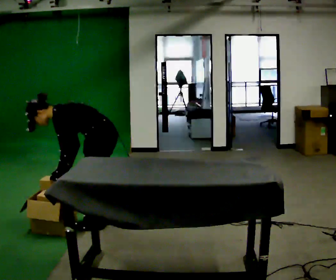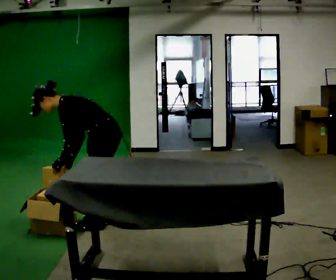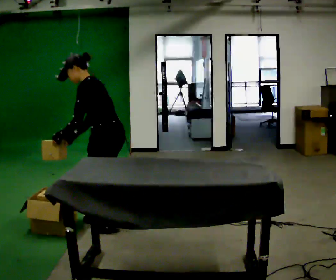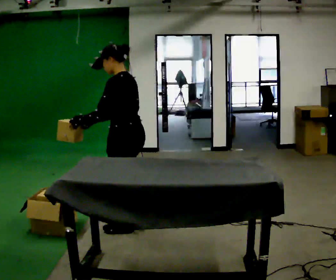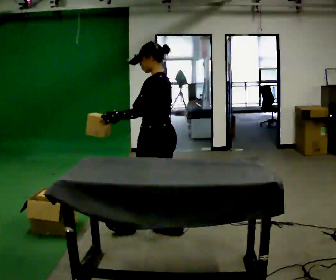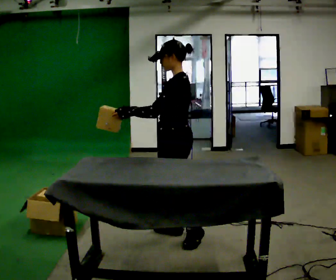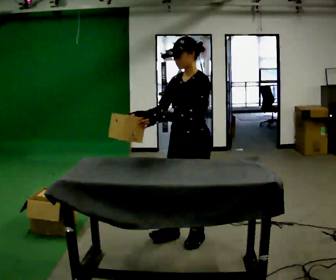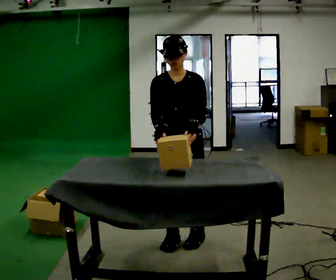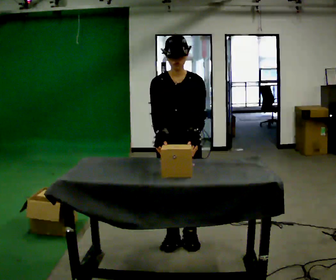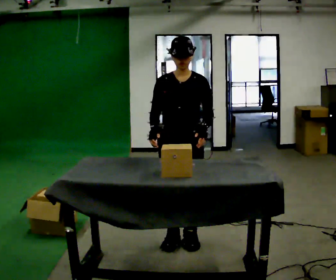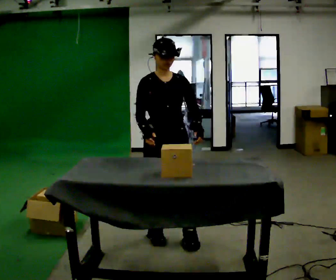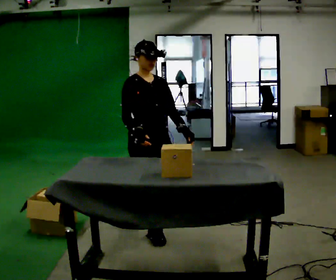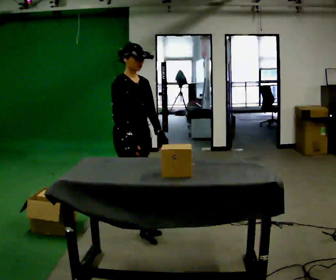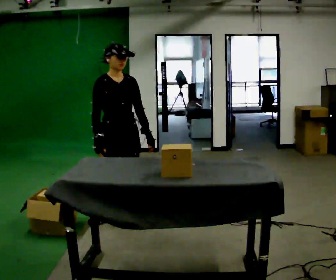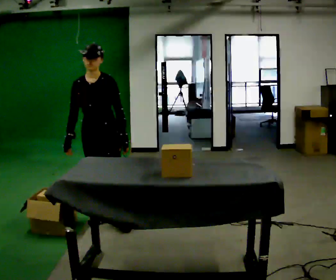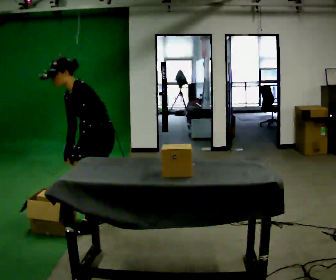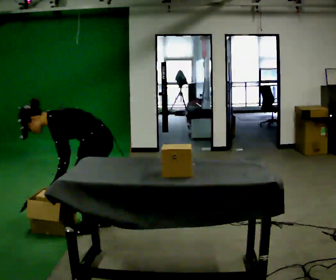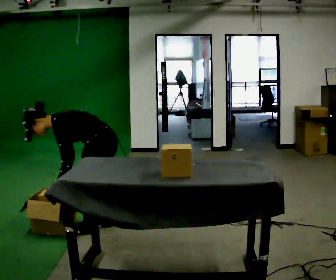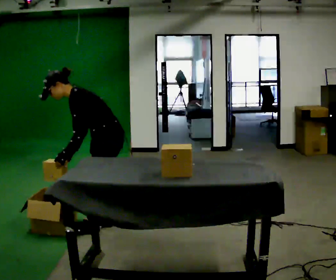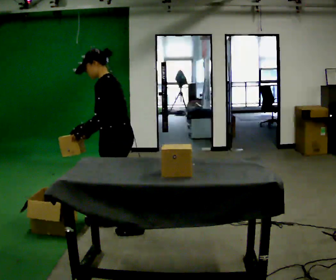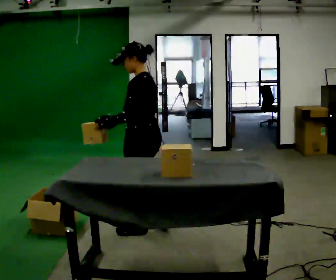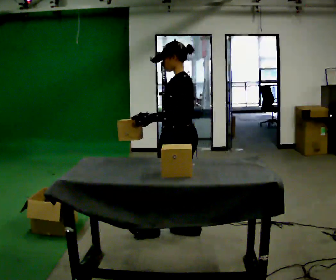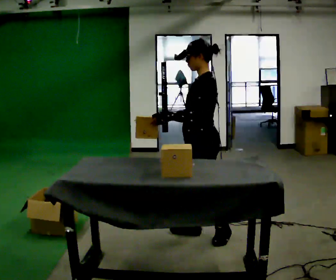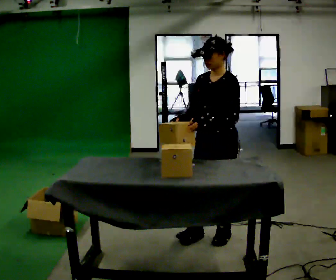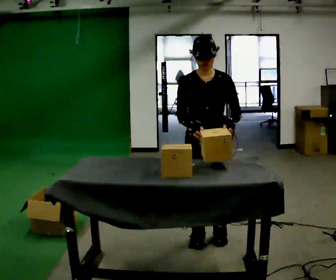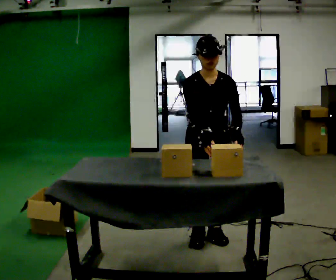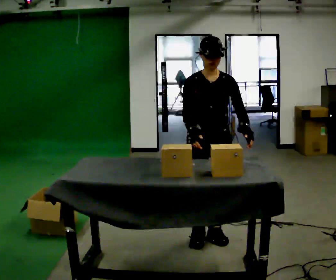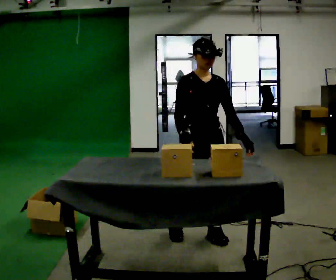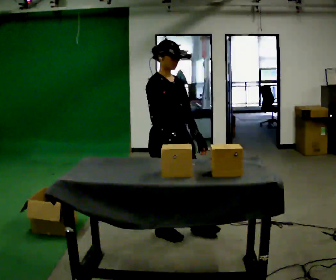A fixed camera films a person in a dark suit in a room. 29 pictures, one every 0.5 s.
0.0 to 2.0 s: In the picture they go to the right and toward the camera, about 0.5 m in 3 steps, which for them is backward. The shoulders move upward. In the picture the upper body tilts clockwise, shoulders to the right, as they lean back or straighten. In the picture their left hand goes upward, the arm swinging clockwise.
2.0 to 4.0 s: Seen from above the body turns counterclockwise, about 105 degrees: to their left, with its near side sliding to the right. In the picture they go toward the camera, about 0.25 m. The upper body tips toward the camera, its near side rolling downward.
4.0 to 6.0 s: Seen from above the body turns counterclockwise, about 60 degrees: to their left, with its near side sliding to the right. In the picture they go away from the camera and to the left, about 0.5 m in 3 steps, which for them is backward and to their right.
6.0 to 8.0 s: The part of the body nearest the lens slides to the left as the person turns to their right by about 120 degrees. In the picture they go to the left, about 0.25 m in 2 steps. The upper body goes downward. In the picture the upper body tilts counterclockwise, shoulders to the left, as they bend forward. In the picture their right hand goes downward.
8.0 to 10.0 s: Seen from above the body turns clockwise, about 30 degrees: to their right, with its near side sliding to the left. In the picture they go to the right, about 0.5 m in 2 steps, which for them is backward. The shoulders move upward. In the picture the upper body tilts clockwise, shoulders to the right, as they lean back or straighten. In the picture their left hand goes upward.
10.0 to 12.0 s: The person turns about 90 degrees to their left, counterclockwise seen from above, so the part of the body nearest the lens slides to the right. In the picture they go to the right and toward the camera, about 0.5 m in 1 step.
12.0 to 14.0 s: Seen from above the body turns counterclockwise, about 60 degrees: to their left, with its near side sliding to the right. In the picture they go to the left and away from the camera, about 0.25 m in 2 steps, which for them is to their right.
The film runs backward here.
